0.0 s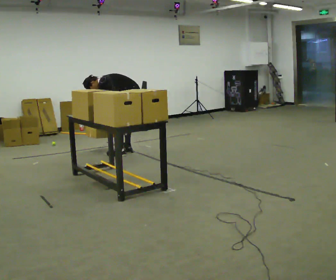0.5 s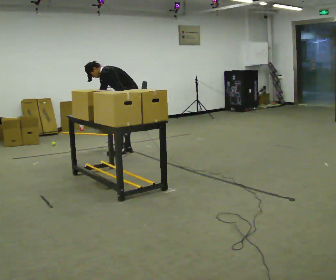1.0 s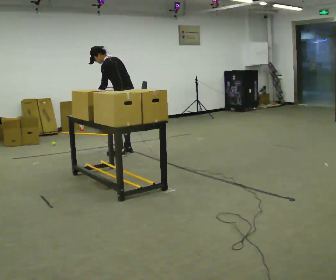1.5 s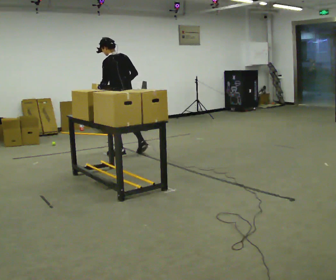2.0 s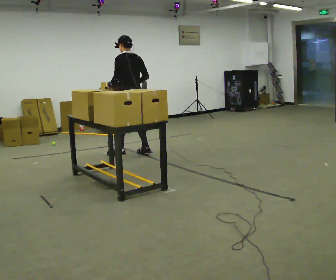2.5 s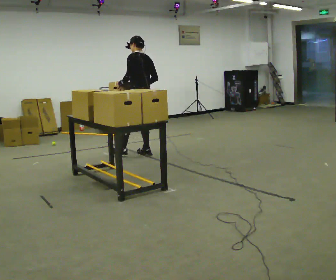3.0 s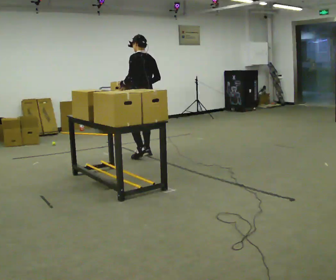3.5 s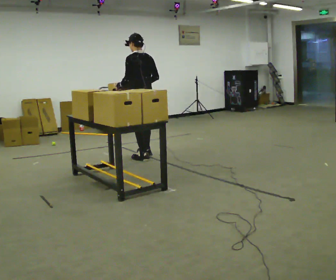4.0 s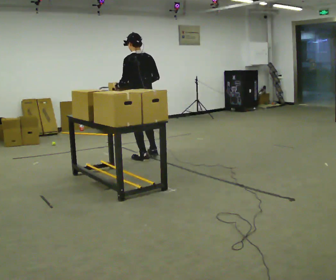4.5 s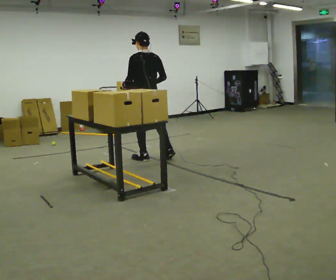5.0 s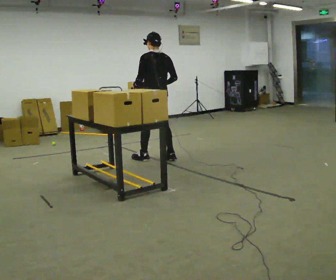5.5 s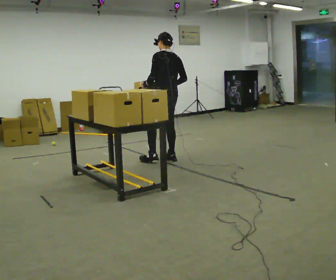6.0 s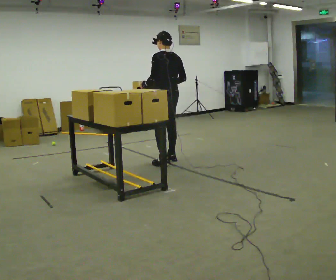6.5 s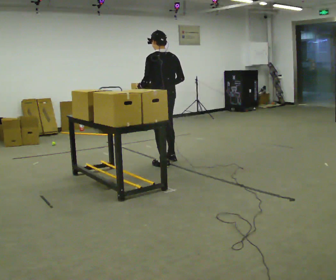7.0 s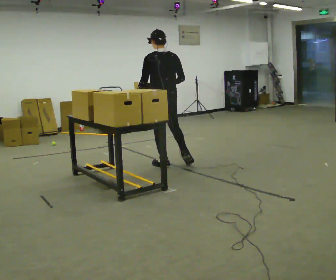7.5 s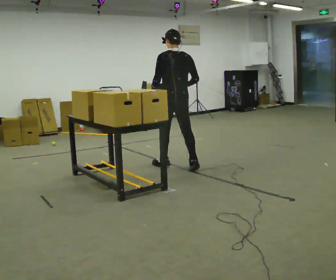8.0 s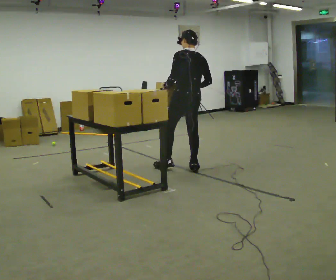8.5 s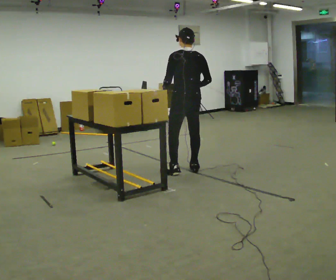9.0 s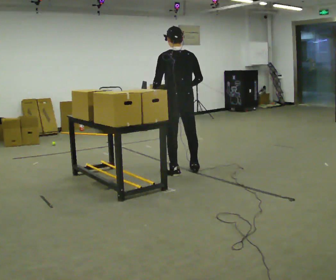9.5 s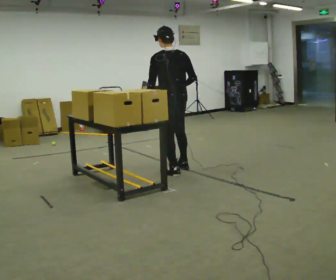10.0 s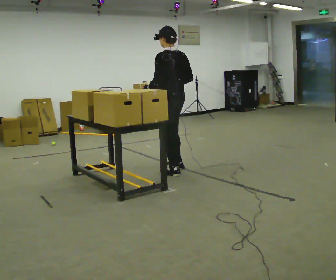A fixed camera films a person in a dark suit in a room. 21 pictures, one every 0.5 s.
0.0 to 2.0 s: The part of the body nearest the lens slides to the left as the person turns to their right by about 30 degrees. The upper body goes upward. In the picture the upper body tilts clockwise, shoulders to the right, as they lean back or straighten. In the picture their left hand goes upward.
2.0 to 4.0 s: In the picture they go toward the camera and to the right, about 0.25 m in 2 steps, which for them is backward.
4.0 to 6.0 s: In the picture they go to the right, about 0.5 m in 1 step, which for them is backward and to their right.
6.0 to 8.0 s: In the picture they go toward the camera and to the right, about 0.5 m in 2 steps, which for them is backward.
8.0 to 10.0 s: In the picture they go to the left and toward the camera, about 0.25 m in 1 step, which for them is to their left.
The film runs backward here.
